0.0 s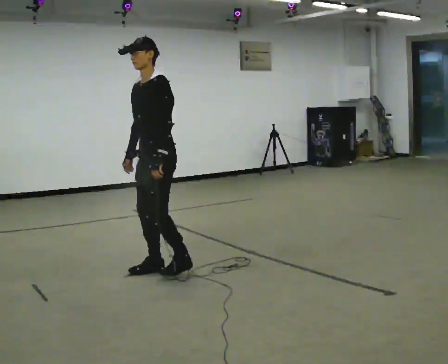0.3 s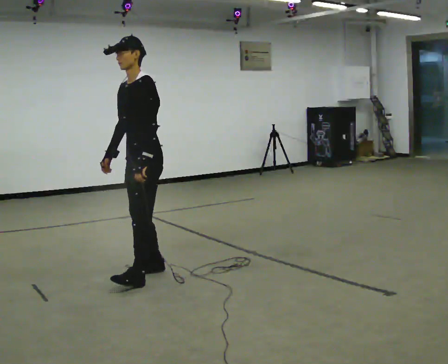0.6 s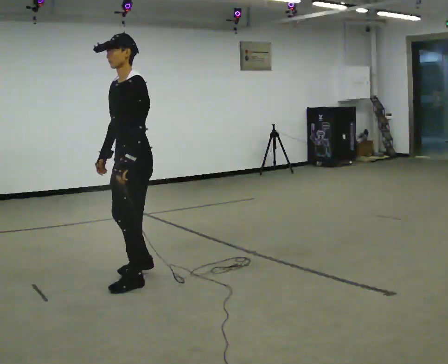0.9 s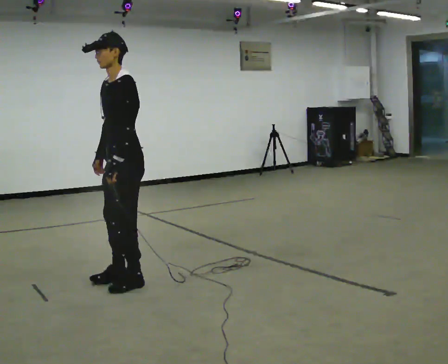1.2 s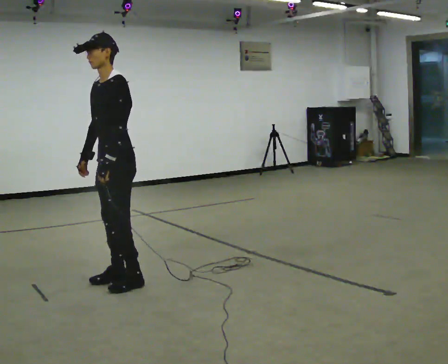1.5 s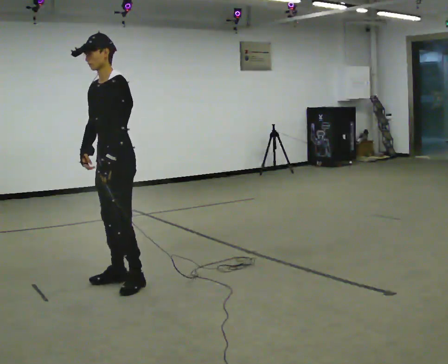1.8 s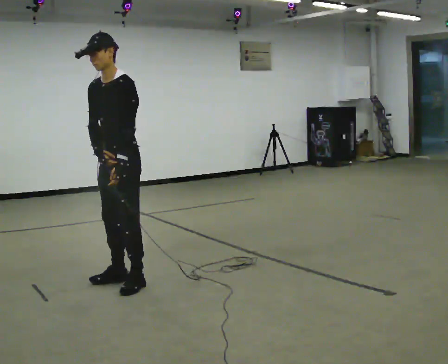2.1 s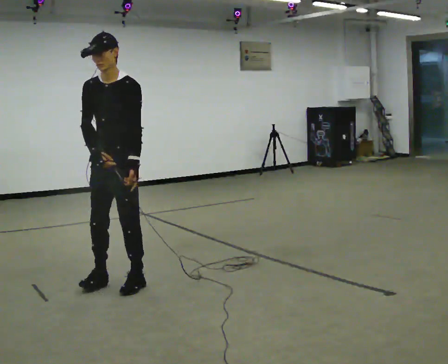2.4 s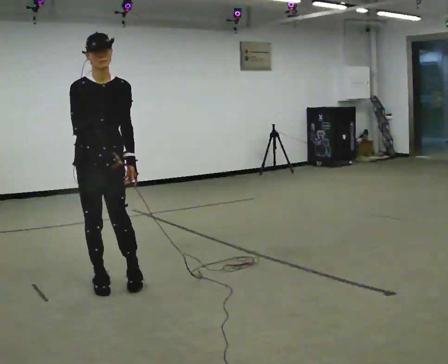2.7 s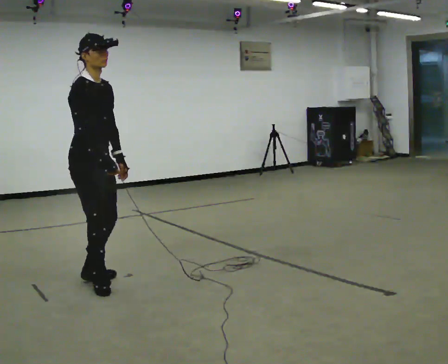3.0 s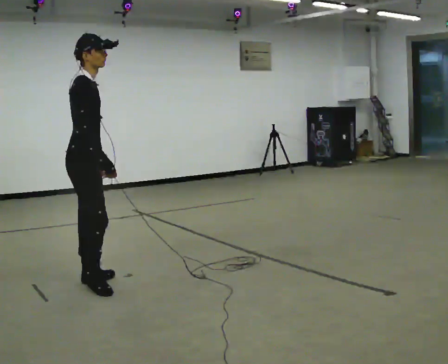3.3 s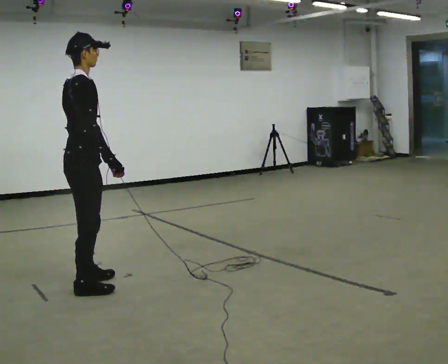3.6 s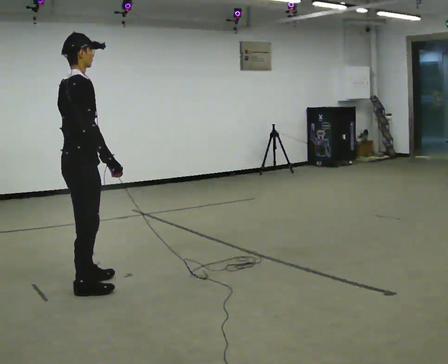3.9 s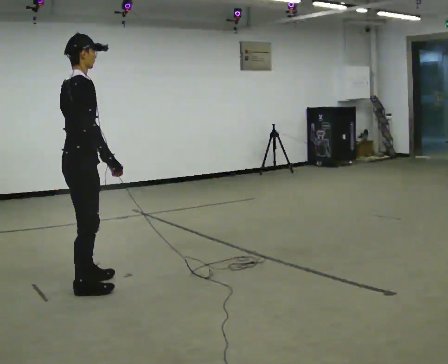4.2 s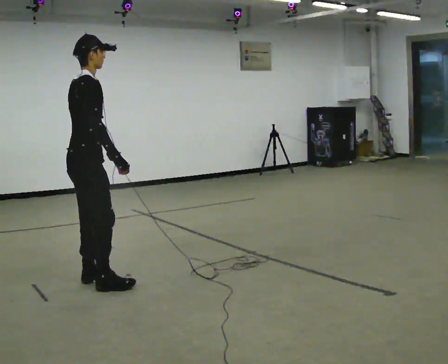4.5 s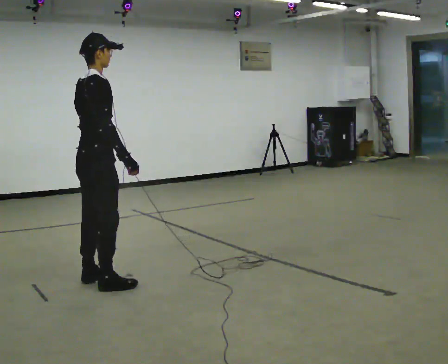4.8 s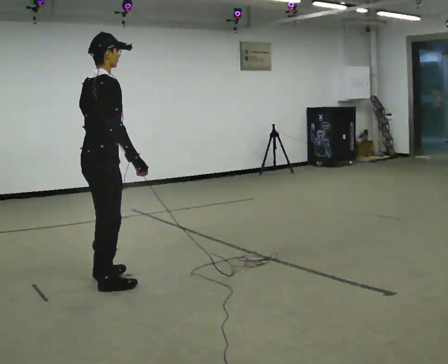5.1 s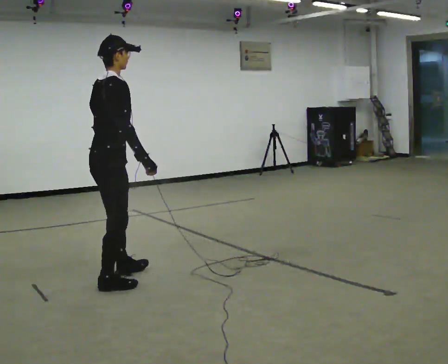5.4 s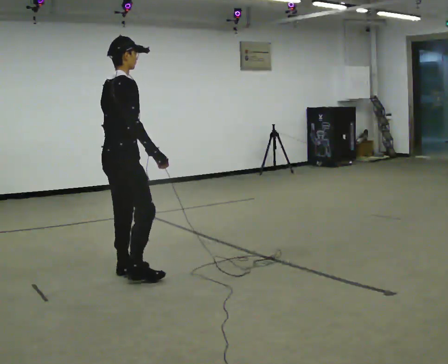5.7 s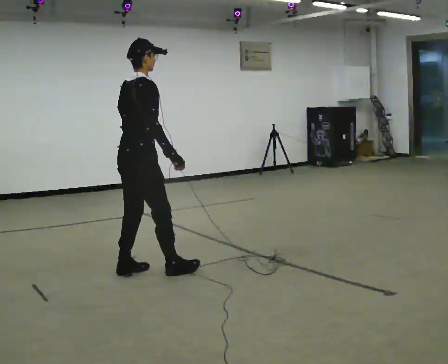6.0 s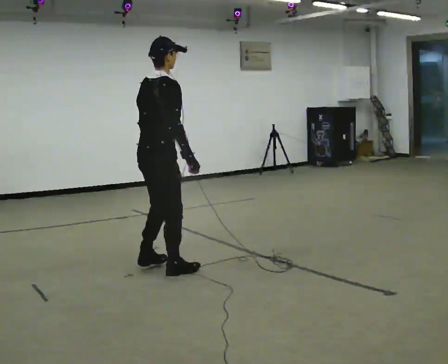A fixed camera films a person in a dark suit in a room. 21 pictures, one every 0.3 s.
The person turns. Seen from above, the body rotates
counterclockwise.
The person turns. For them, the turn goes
to their left.
0.0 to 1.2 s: In the picture they go to the left and toward the camera, about 0.5 m in 1 step, which for them is forward.
1.2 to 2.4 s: The person turns about 75 degrees to their left, counterclockwise seen from above, so the part of the body nearest the lens slides to the right. In the picture they go to the left, about 0.25 m in 2 steps.
2.4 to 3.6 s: The person turns about 105 degrees to their left, counterclockwise seen from above, so the part of the body nearest the lens slides to the right. In the picture they go to the left, about 0.25 m in 1 step. The upper body tips away from the camera, its near side rolling upward. In the picture their left hand goes to the left.
3.6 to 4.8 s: The person moves a little, or ends about where they began.
4.8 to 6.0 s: In the picture they go to the right and away from the camera, about 0.5 m in 2 steps, which for them is forward.
The film runs backward here.
